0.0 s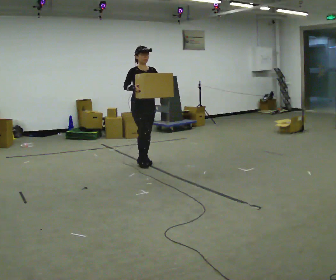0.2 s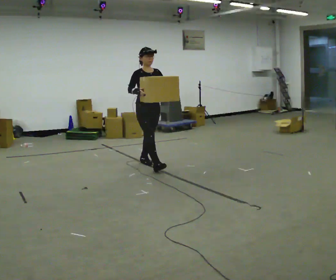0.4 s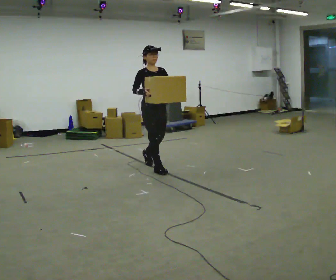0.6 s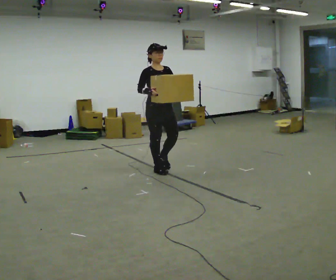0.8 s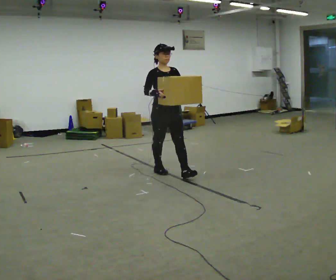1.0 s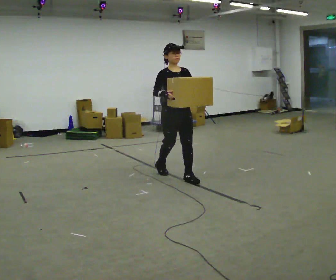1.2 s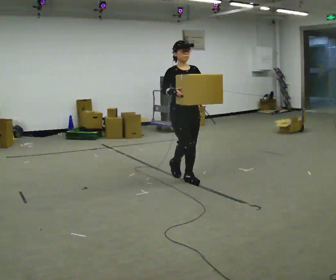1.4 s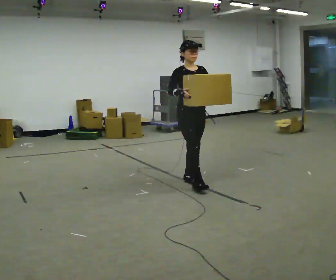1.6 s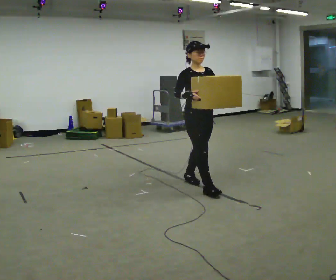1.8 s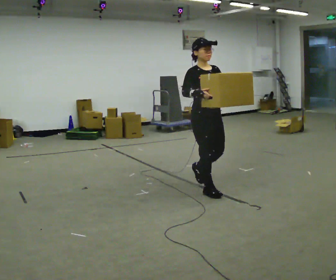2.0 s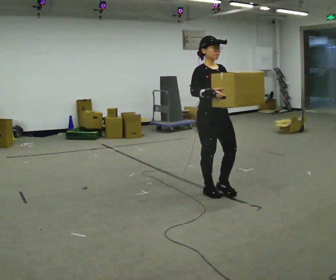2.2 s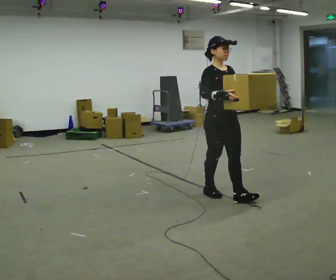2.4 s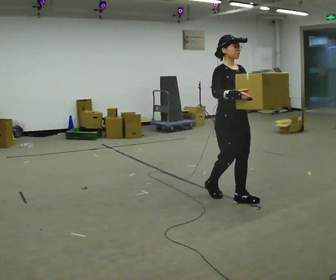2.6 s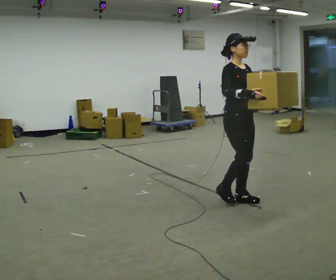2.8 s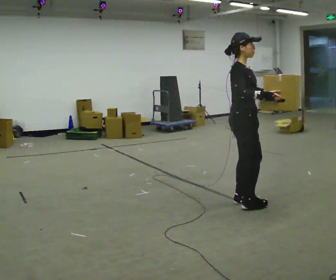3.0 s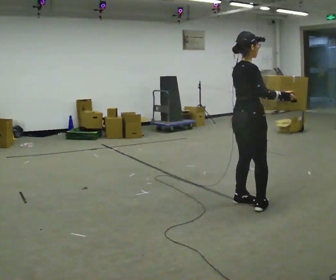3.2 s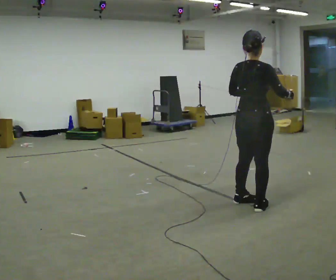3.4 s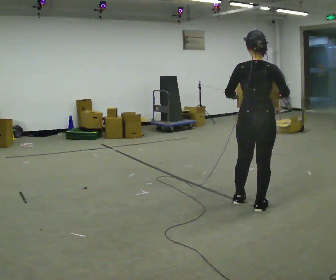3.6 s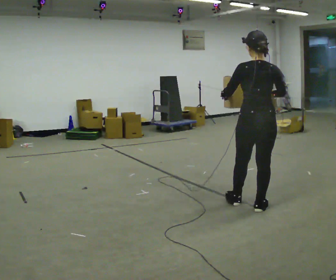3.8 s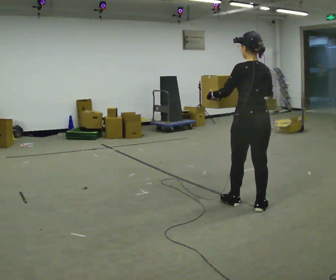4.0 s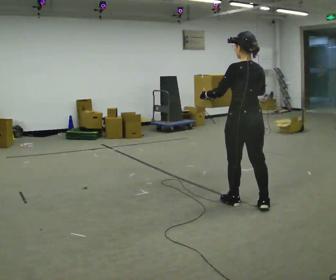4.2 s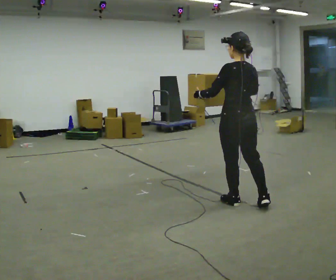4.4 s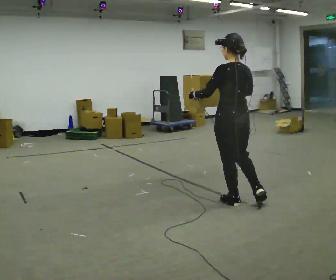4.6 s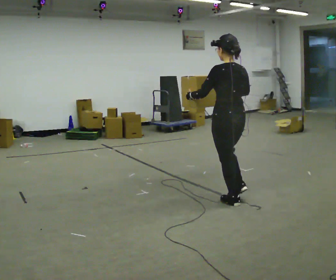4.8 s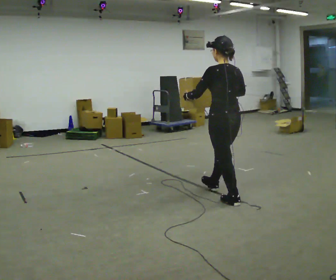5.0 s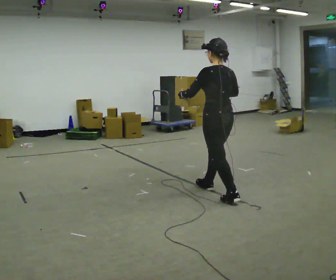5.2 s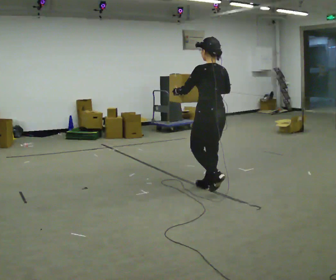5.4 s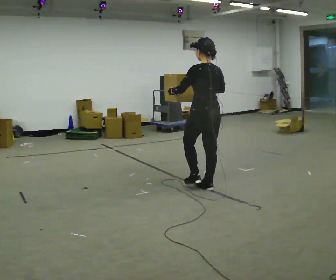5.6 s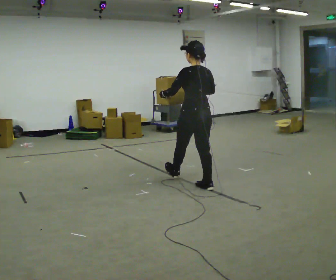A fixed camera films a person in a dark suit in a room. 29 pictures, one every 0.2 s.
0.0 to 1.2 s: In the picture they go toward the camera and to the right, about 1 m in 2 steps, which for them is forward.
1.2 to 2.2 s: In the picture they go toward the camera and to the right, about 0.5 m in 1 step, which for them is forward.
2.2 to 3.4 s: Seen from above the body turns counterclockwise, about 135 degrees: to their left, with its near side sliding to the right. In the picture they go to the right and toward the camera, about 0.5 m in 2 steps.
3.4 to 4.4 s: The part of the body nearest the lens slides to the right as the person turns to their left by about 45 degrees. In the picture they go to the left, about 0.25 m, which for them is forward and to their left. In the picture their right hand goes to the left.
4.4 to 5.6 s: In the picture they go away from the camera and to the left, about 0.75 m in 1 step, which for them is forward.
The film runs forward here.
